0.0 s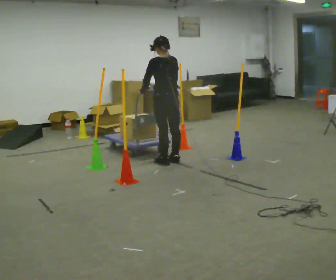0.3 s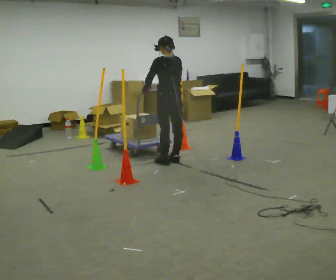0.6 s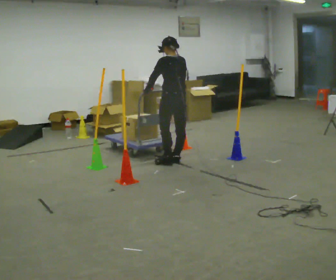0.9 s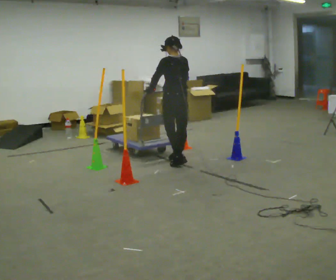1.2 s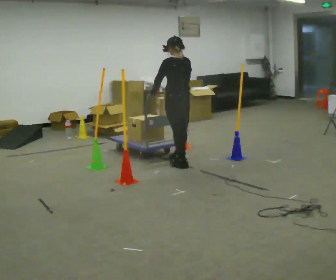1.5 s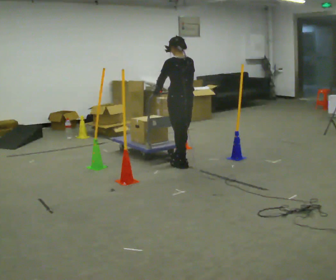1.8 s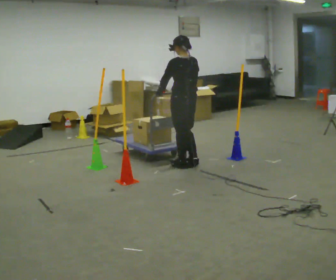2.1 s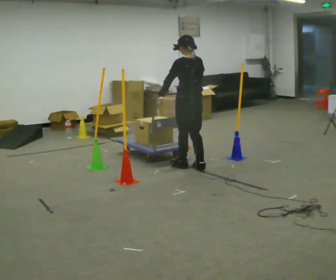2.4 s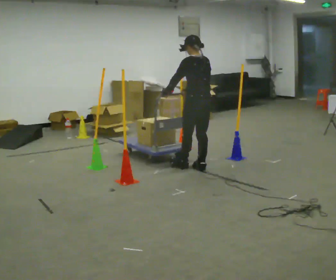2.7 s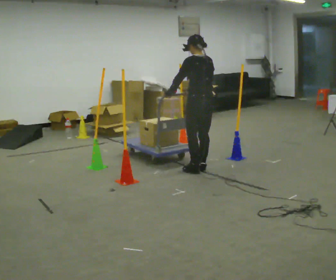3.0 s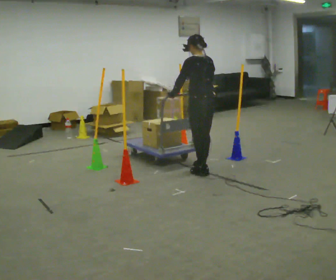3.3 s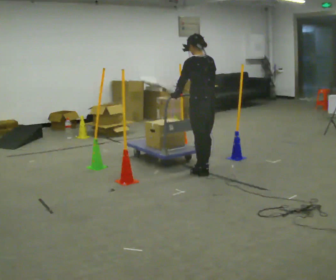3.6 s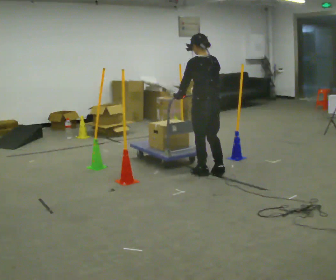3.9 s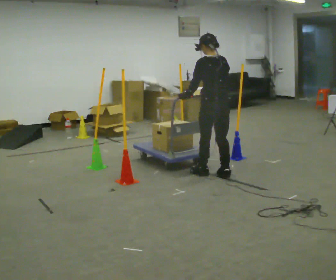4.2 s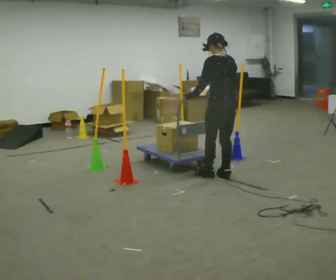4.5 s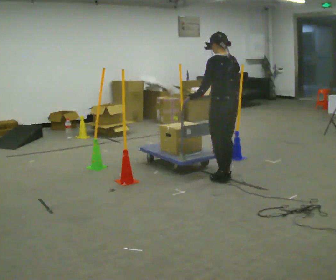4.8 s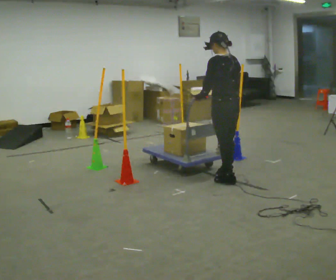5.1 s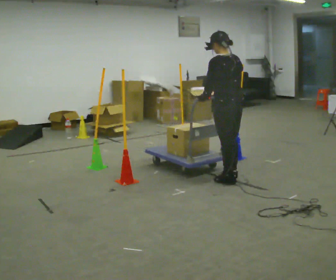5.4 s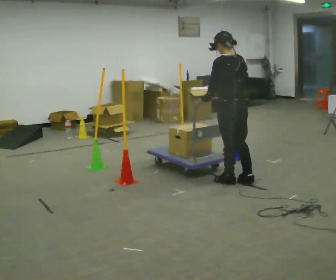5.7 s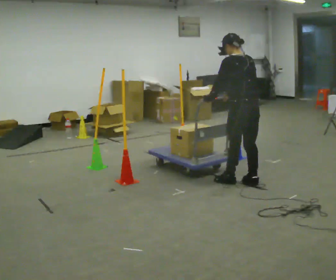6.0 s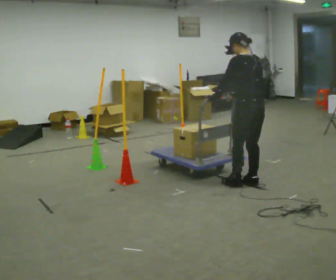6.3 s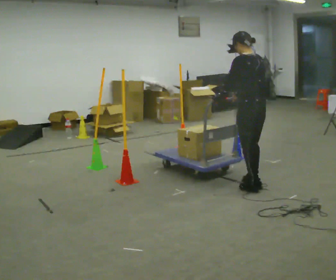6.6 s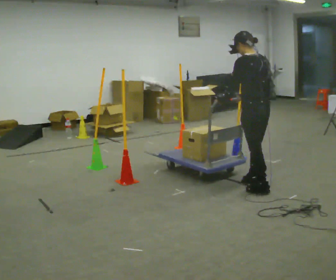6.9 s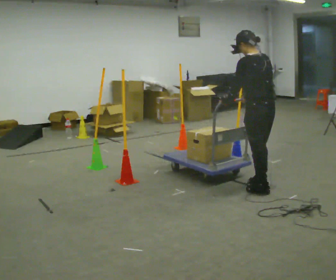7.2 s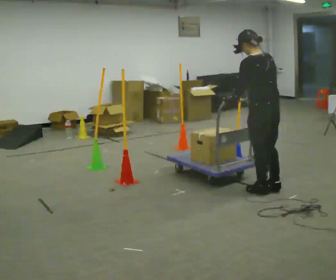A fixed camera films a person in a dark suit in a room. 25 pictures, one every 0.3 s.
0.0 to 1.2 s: In the picture they go to the right, about 0.25 m in 1 step, which for them is backward.
1.2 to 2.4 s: In the picture they go to the right and toward the camera, about 0.25 m in 1 step, which for them is backward.
2.4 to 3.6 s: In the picture they go toward the camera, about 0.25 m in 1 step, which for them is backward.
3.6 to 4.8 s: In the picture they go toward the camera and to the right, about 0.25 m in 2 steps, which for them is backward.
4.8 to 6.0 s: In the picture they go to the right and toward the camera, about 0.25 m in 1 step, which for them is backward.
6.0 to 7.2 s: In the picture they go toward the camera, about 0.25 m in 1 step, which for them is backward and to their left.
The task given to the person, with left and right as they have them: Push the cart in and out of the line of poles without touching any of them. Keep going until the operator says stop.
The film runs forward here.
